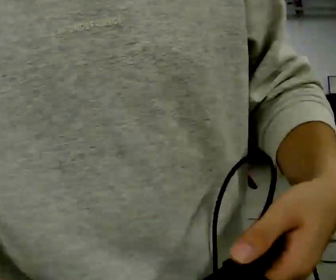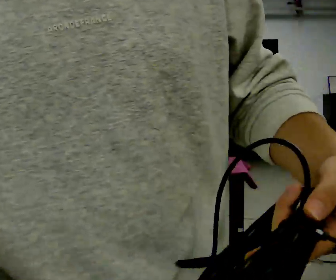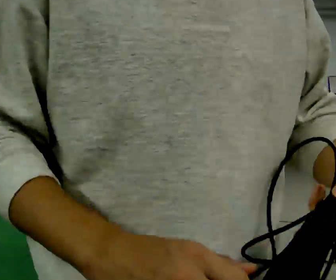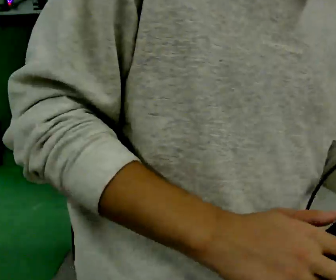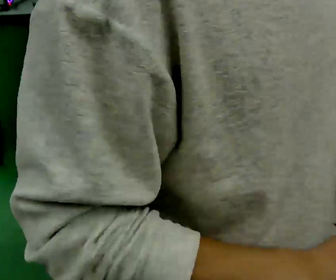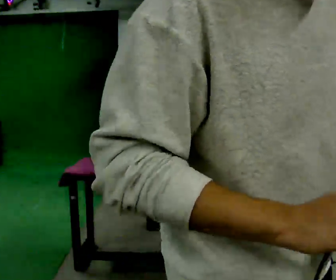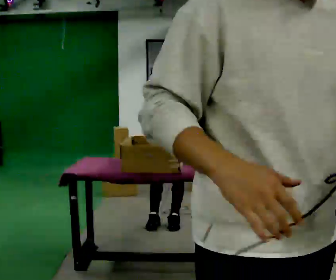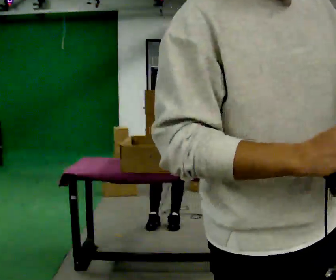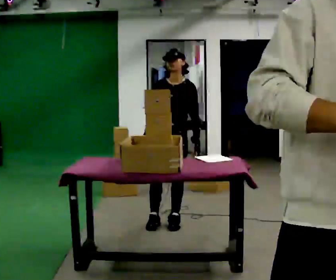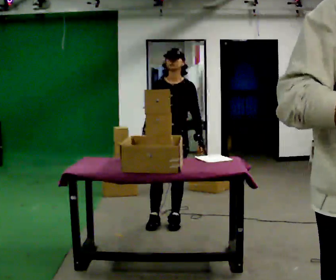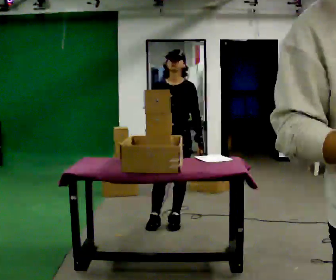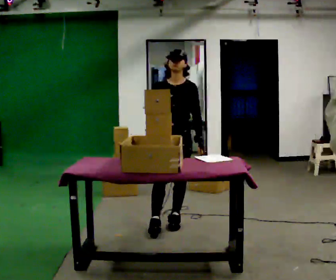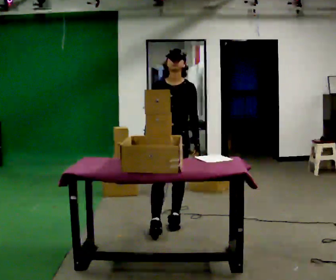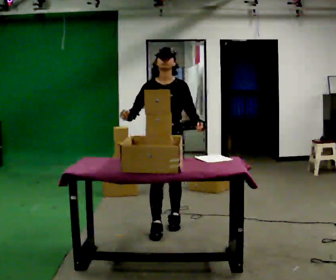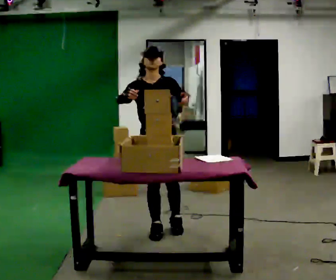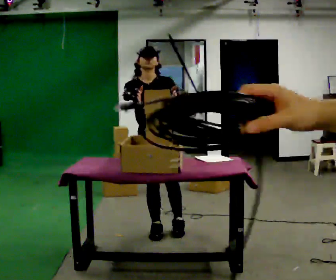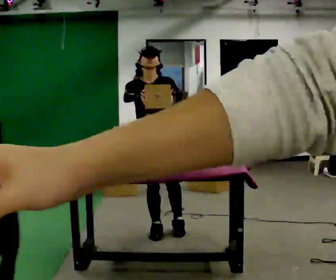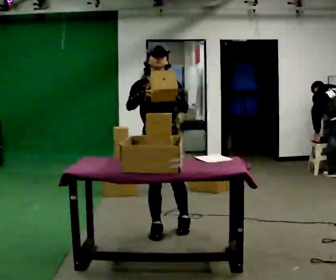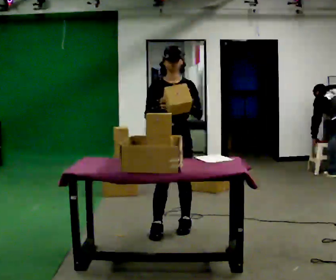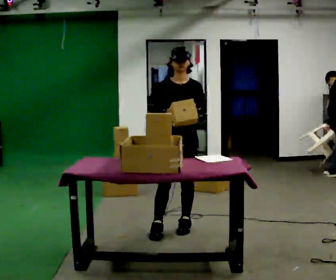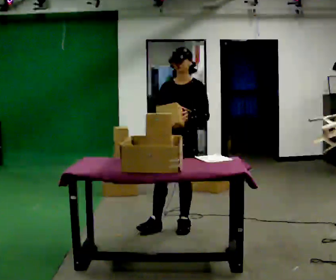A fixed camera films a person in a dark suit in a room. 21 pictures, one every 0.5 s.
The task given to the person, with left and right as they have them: 1. Take the objects out of the box on the table one at a time. 2. Put each one in the bin the operator has labelled for it. 3. Tell the operator when you are finished.
0.0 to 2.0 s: The part of the body nearest the lens slides to the left as the person turns to their right by about 30 degrees.
2.0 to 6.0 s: The person moves a little, or ends about where they began.
6.0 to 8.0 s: In the picture they go toward the camera, about 0.25 m in 1 step, which for them is forward and to their right. In the picture their left hand goes upward.
8.0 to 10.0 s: The person turns about 30 degrees to their right, clockwise seen from above, so the part of the body nearest the lens slides to the left. In the picture they go away from the camera and to the right, about 0.25 m, which for them is to their left and backward.
The film runs forward here.
